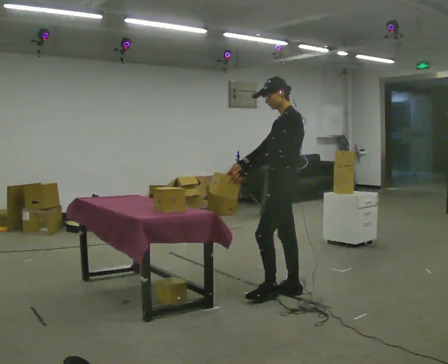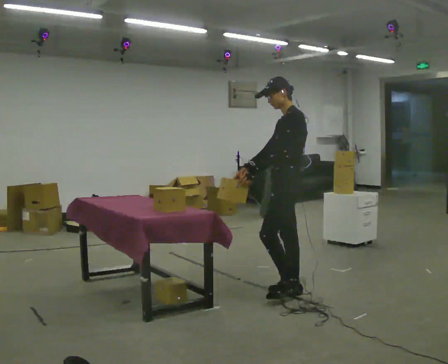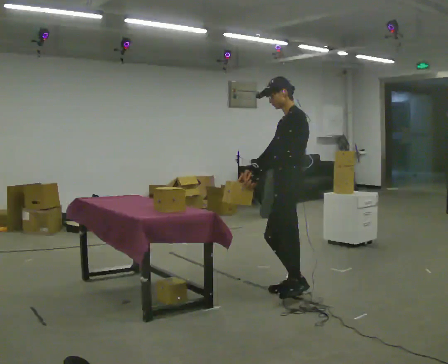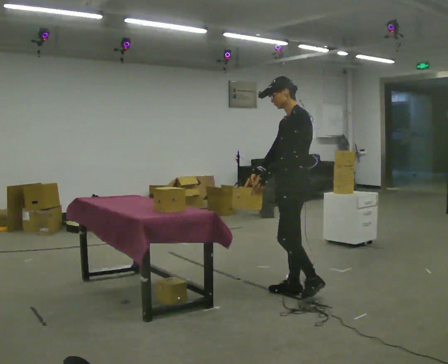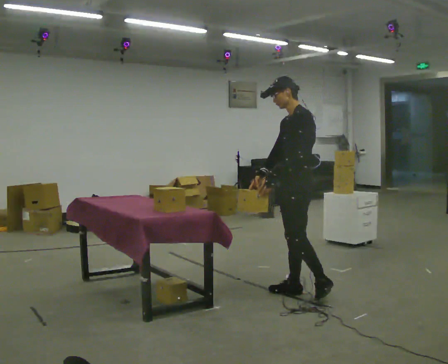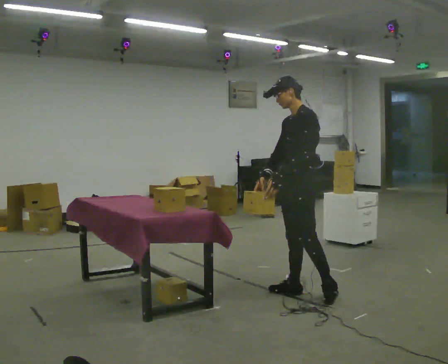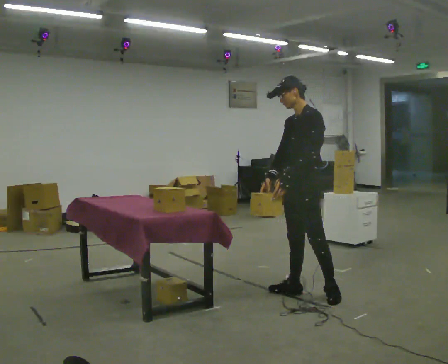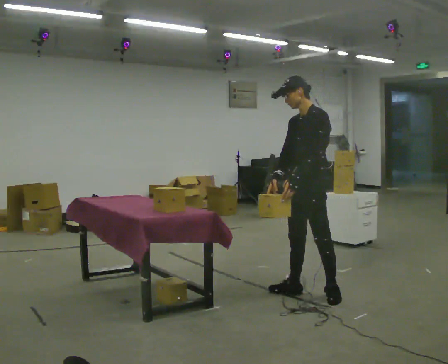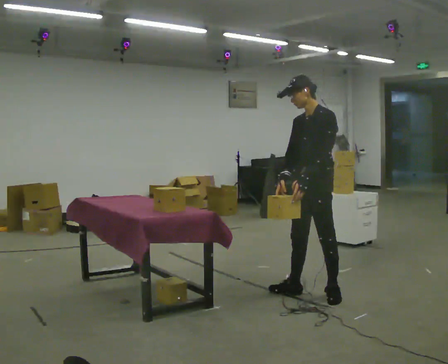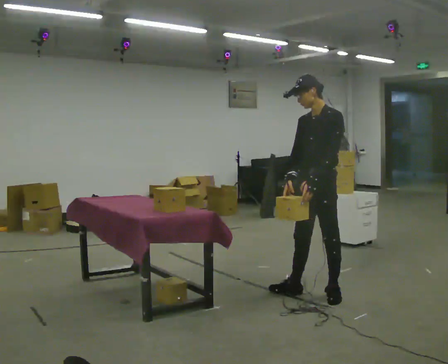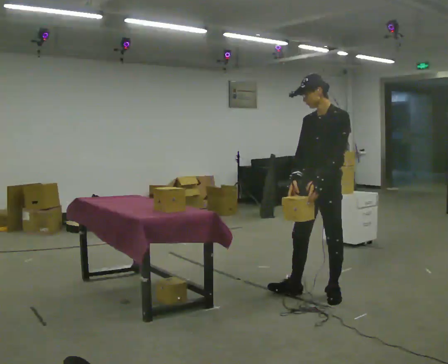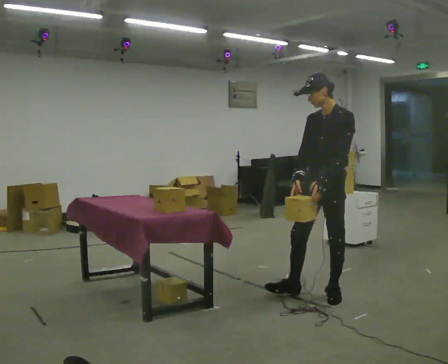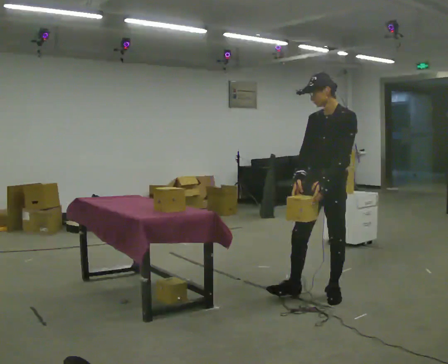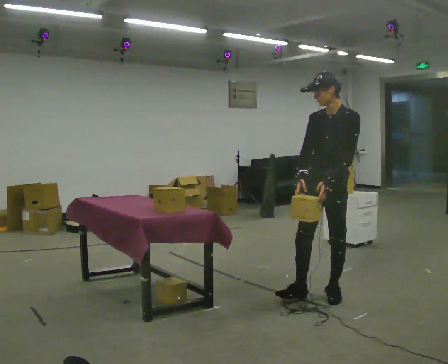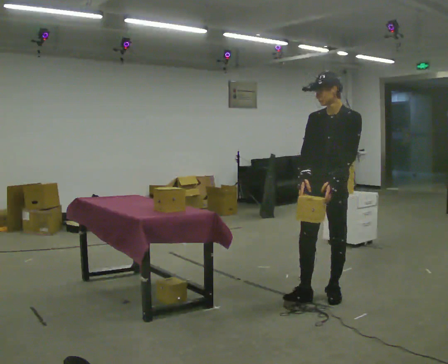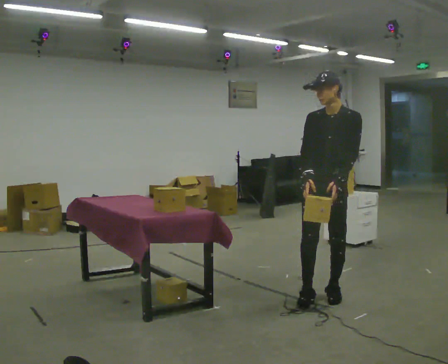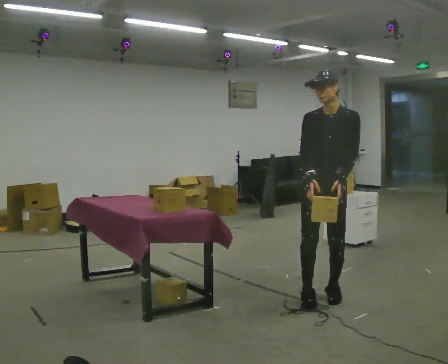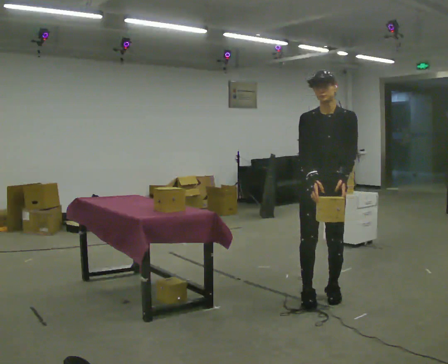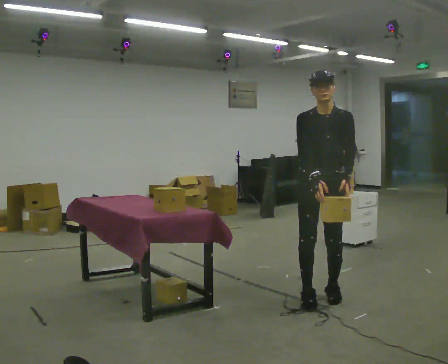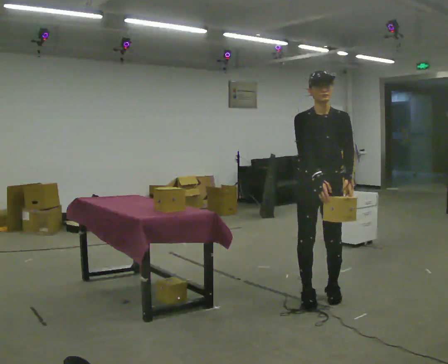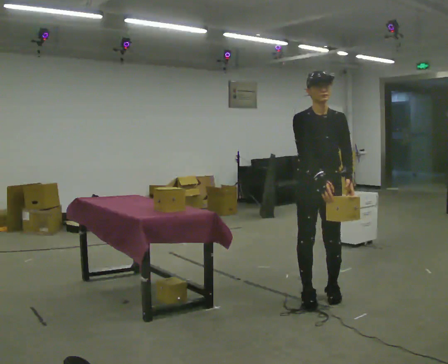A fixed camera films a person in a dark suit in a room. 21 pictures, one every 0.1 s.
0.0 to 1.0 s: Seen from above the body turns counterclockwise, about 30 degrees: to their left, with its near side sliding to the right. In the picture they go to the right, about 0.25 m, which for them is to their left and backward.
1.0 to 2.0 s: The person turns about 60 degrees to their left, counterclockwise seen from above, so the part of the body nearest the lens slides to the right.
The film runs backward here.
